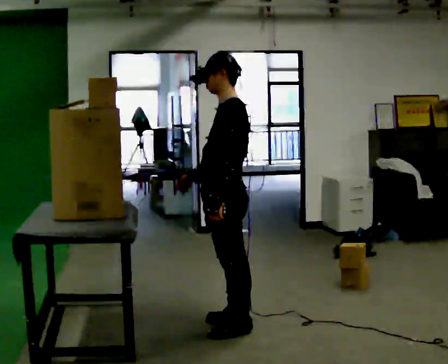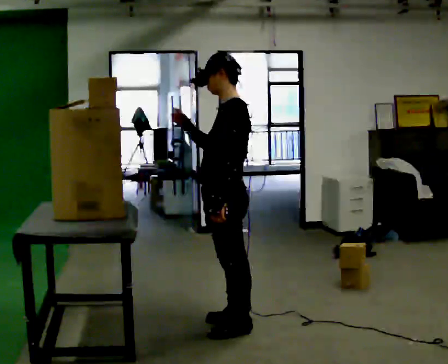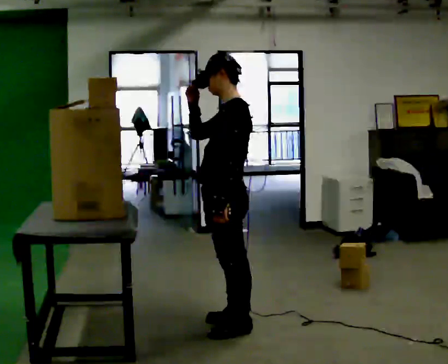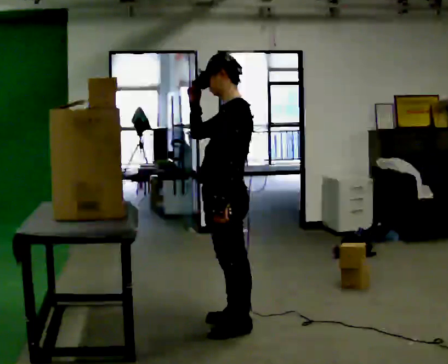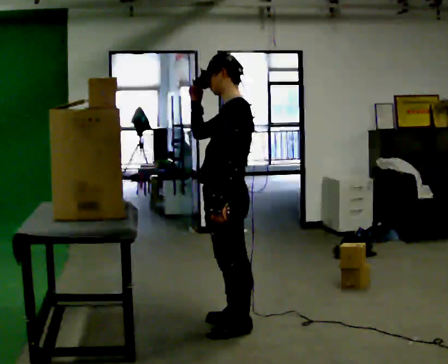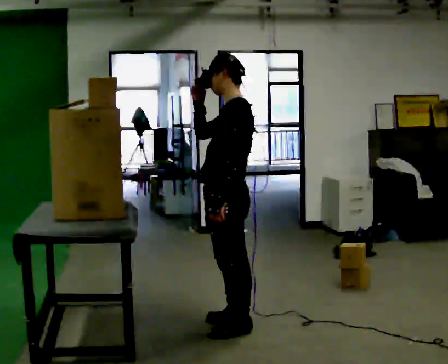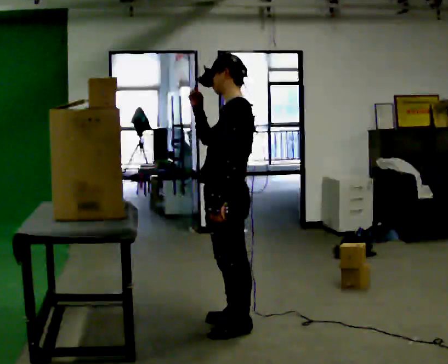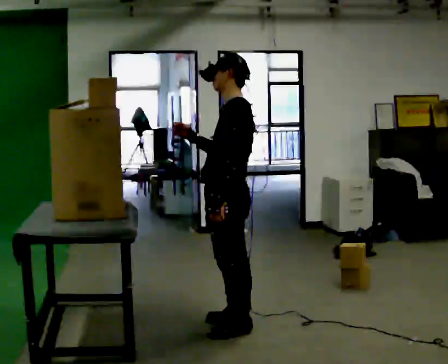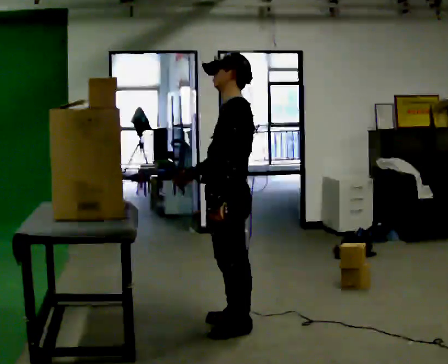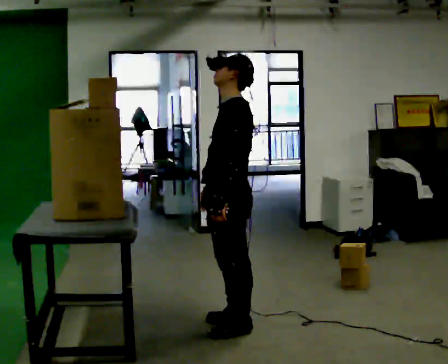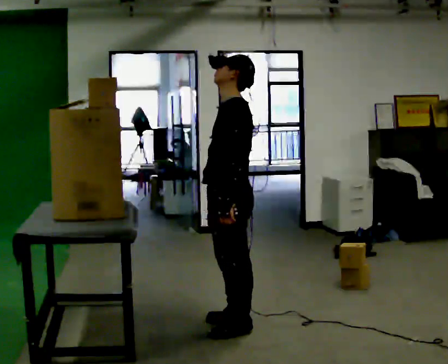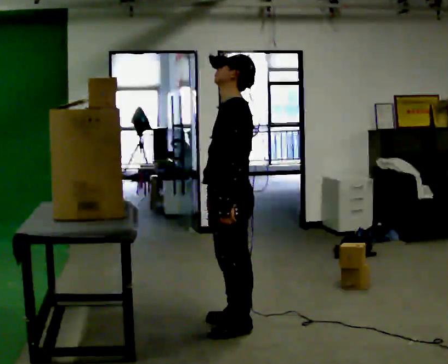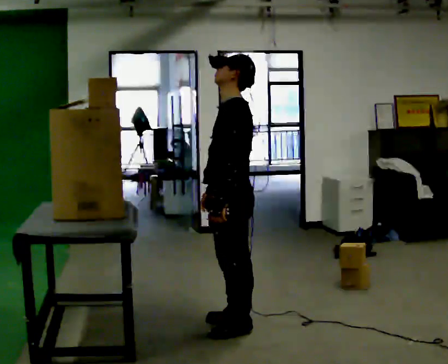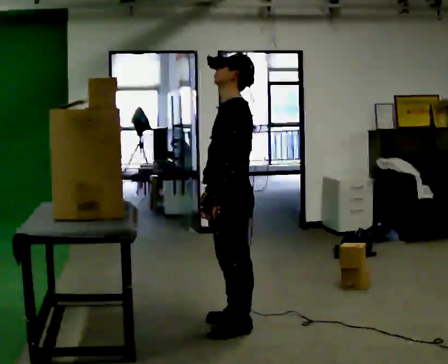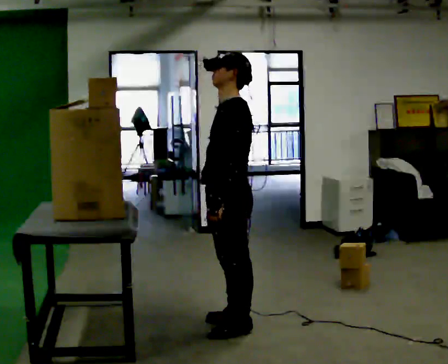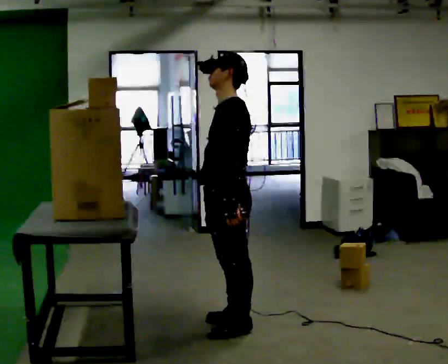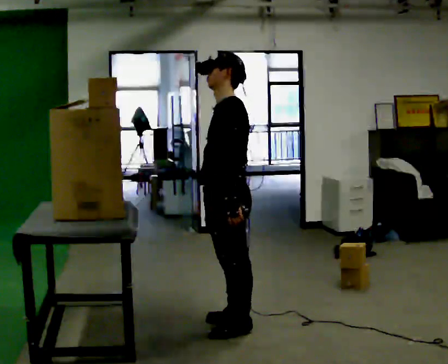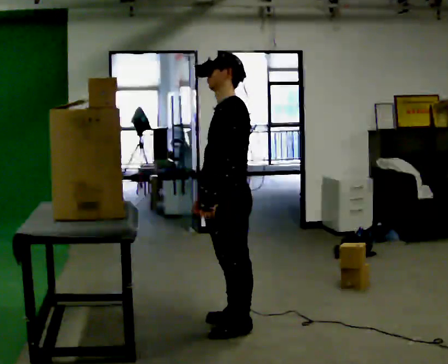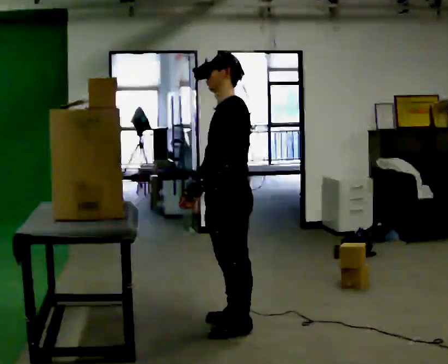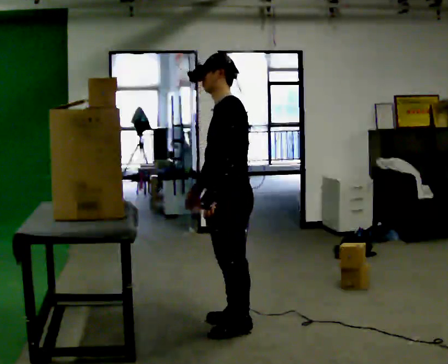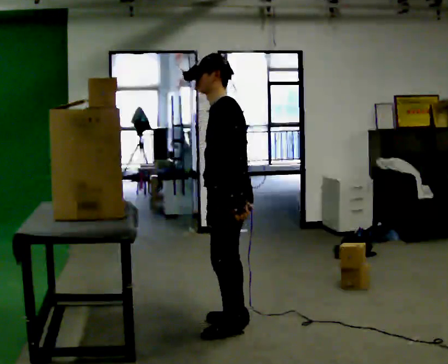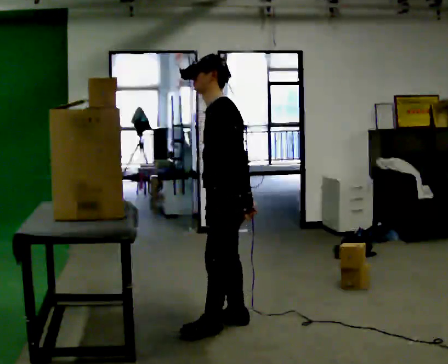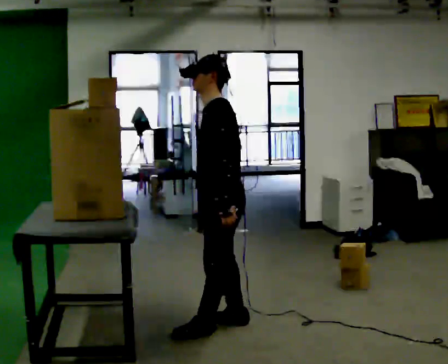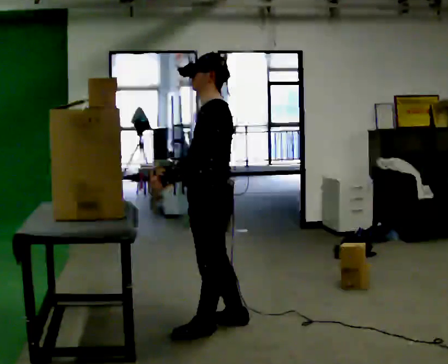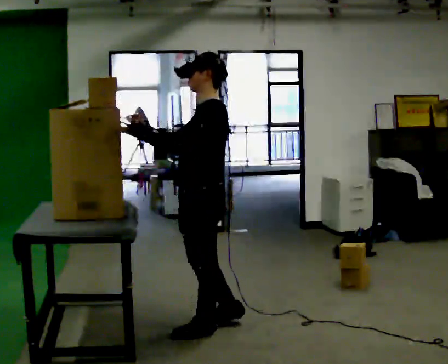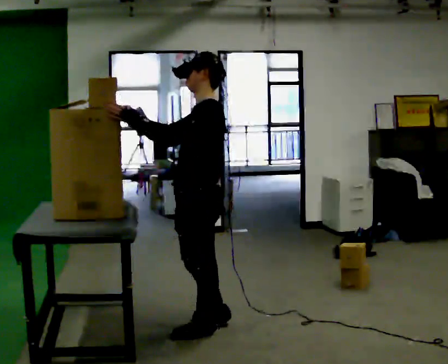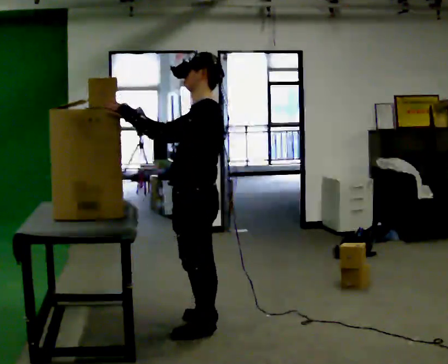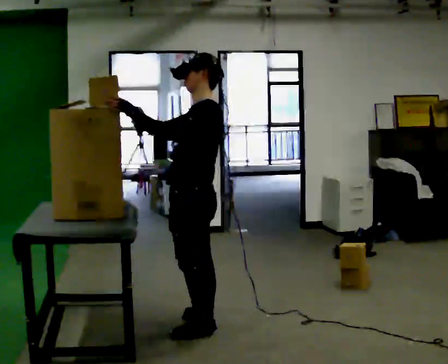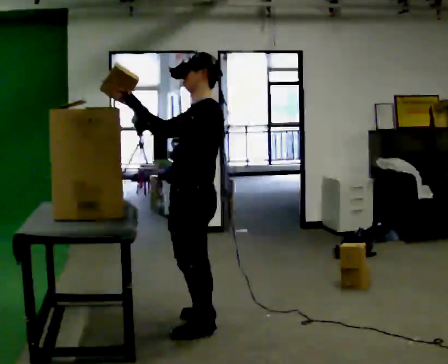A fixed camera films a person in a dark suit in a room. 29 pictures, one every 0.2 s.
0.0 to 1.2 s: In the picture their right hand goes upward.
1.2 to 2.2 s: In the picture their right hand goes downward.
2.2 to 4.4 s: The person moves a little, or ends about where they began.
4.4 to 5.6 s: In the picture they go to the left, about 0.25 m in 1 step, which for them is forward. In the picture the upper body tilts clockwise, shoulders to the right, as they lean back or straighten. In the picture their right hand goes upward and to the left, the arm swinging clockwise.
The film runs backward here.
